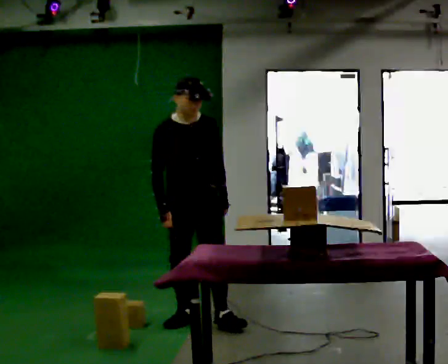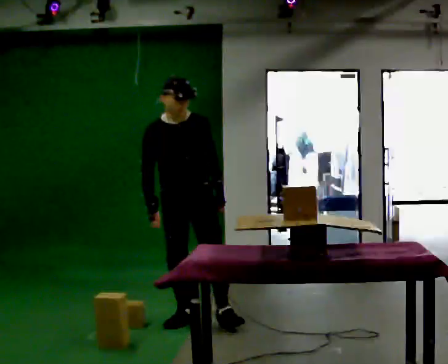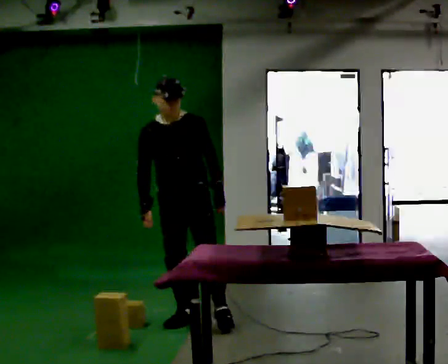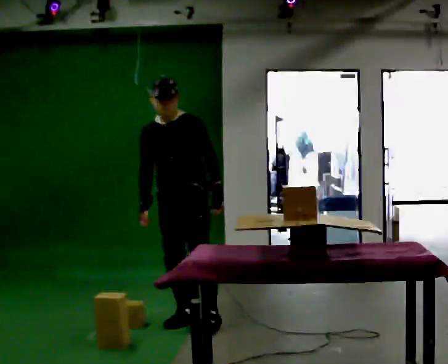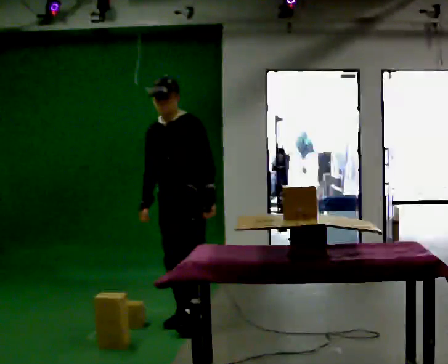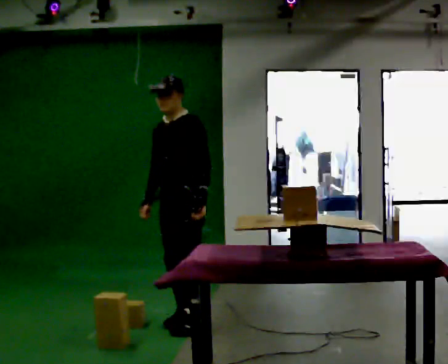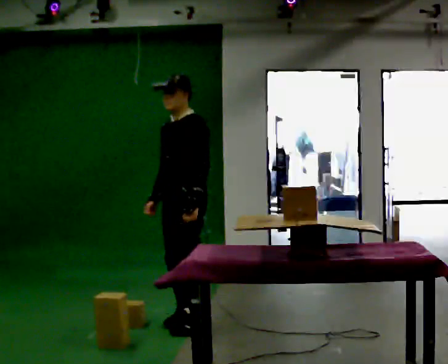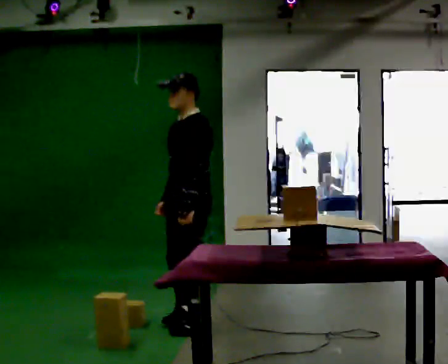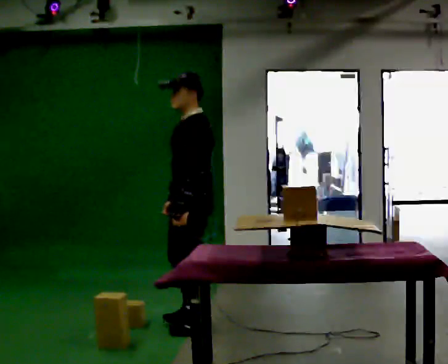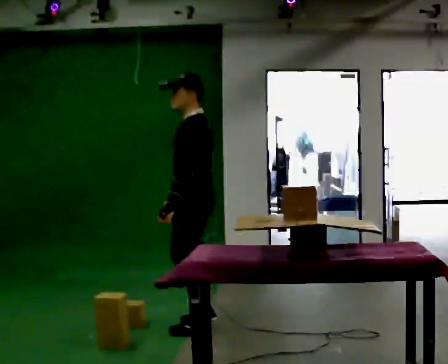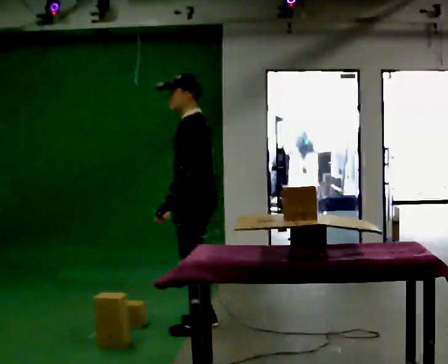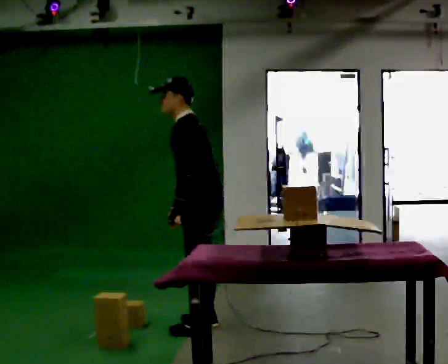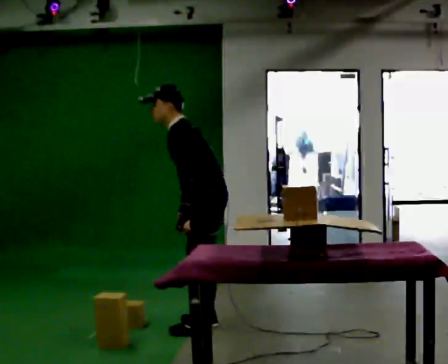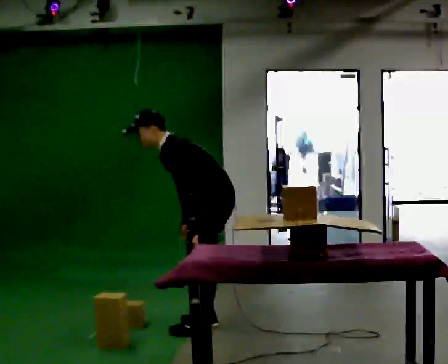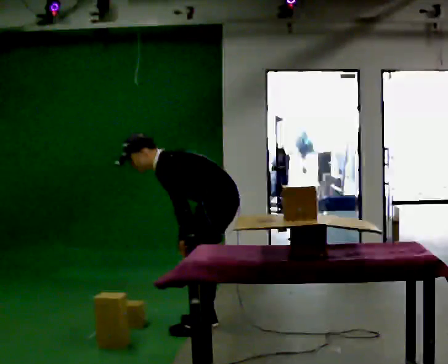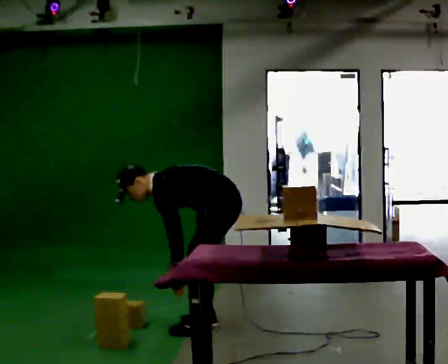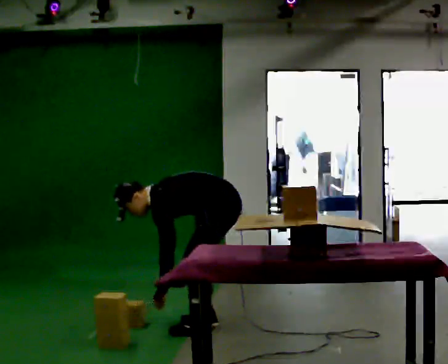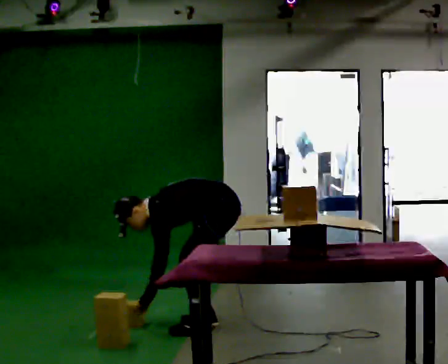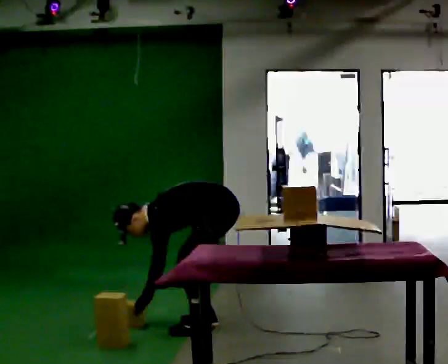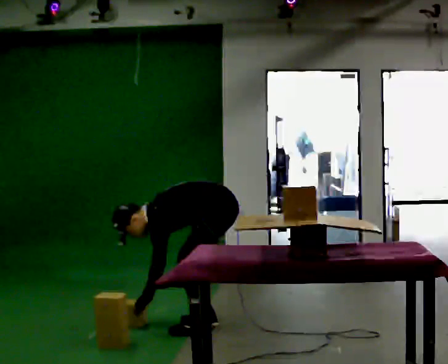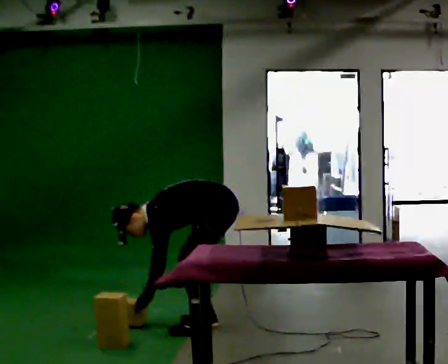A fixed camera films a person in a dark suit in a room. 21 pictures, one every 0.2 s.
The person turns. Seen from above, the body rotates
clockwise.
The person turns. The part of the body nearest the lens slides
to the left.
0.0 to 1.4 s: The person turns about 75 degrees to their right, clockwise seen from above, so the part of the body nearest the lens slides to the left. In the picture they go toward the camera, about 0.25 m in 1 step.
1.4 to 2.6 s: In the picture they go to the right, about 0.25 m in 1 step, which for them is backward. The upper body goes downward. In the picture the upper body tilts counterclockwise, shoulders to the left, as they bend forward.
2.6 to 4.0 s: The shoulders move downward. In the picture the upper body tilts counterclockwise, shoulders to the left, as they bend forward. In the picture their left hand goes downward and to the left.
The film runs backward here.
